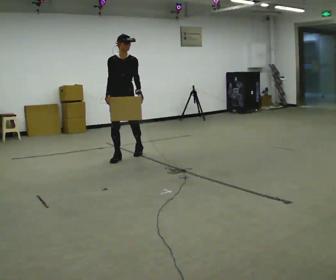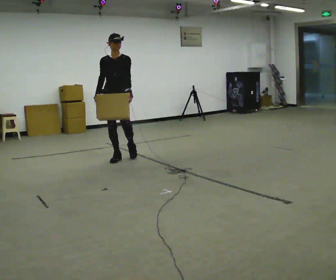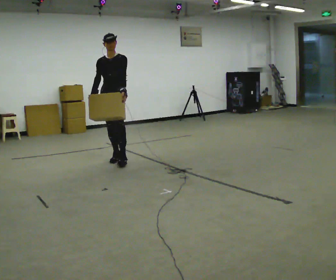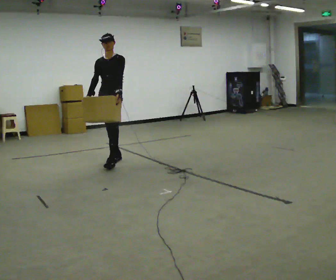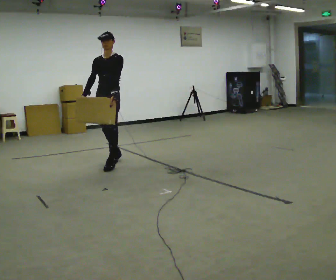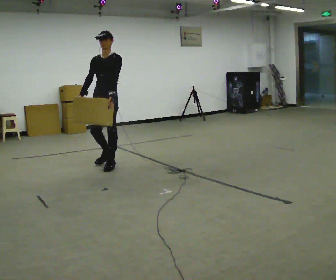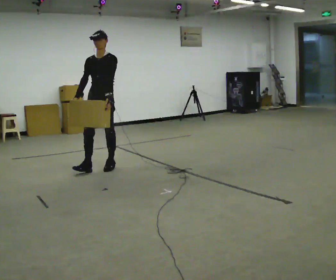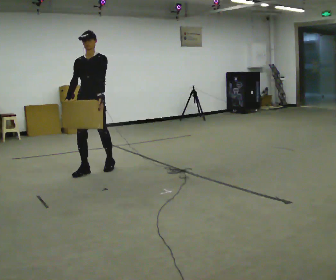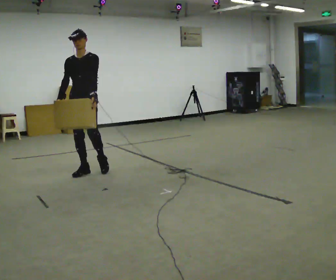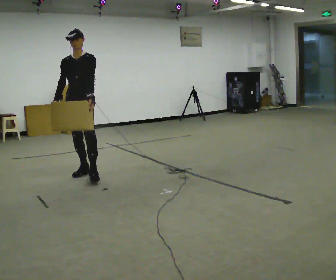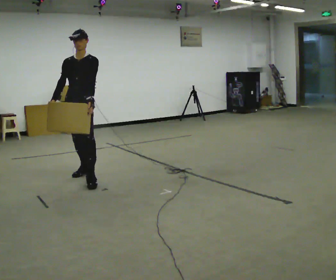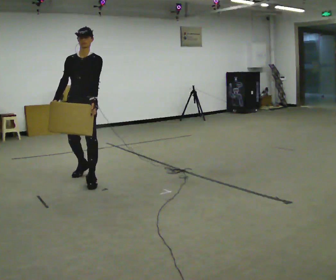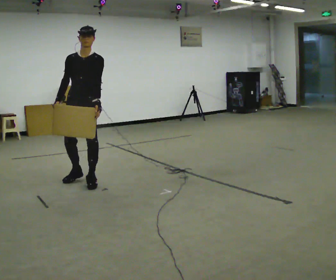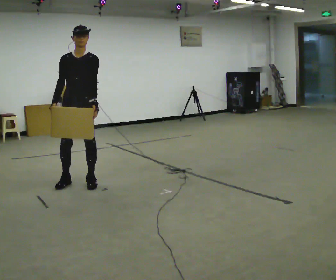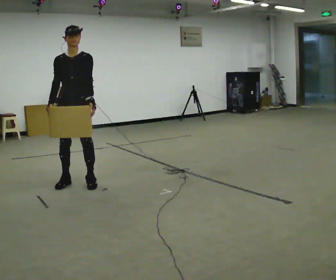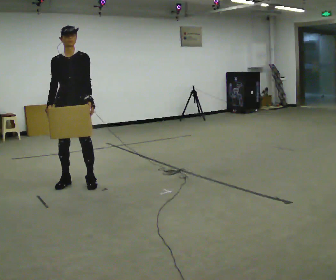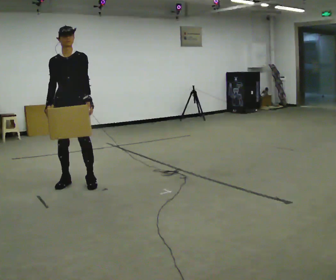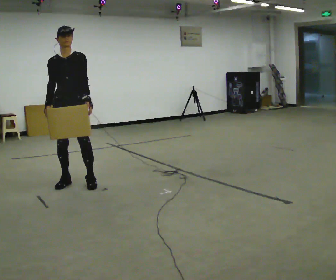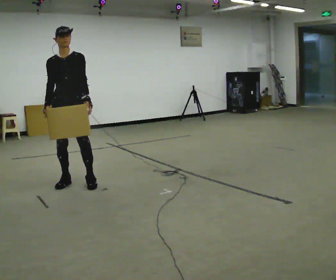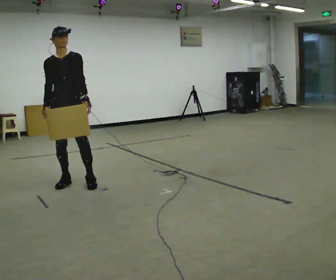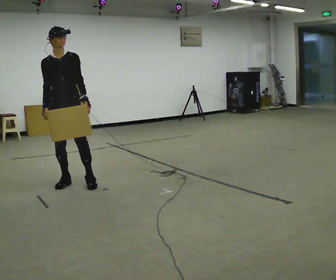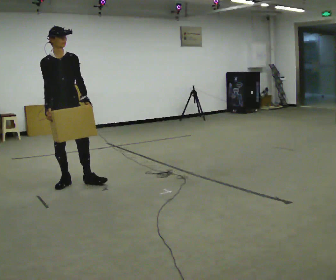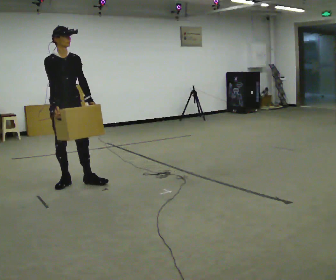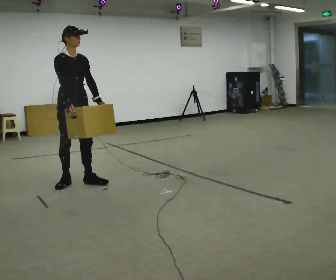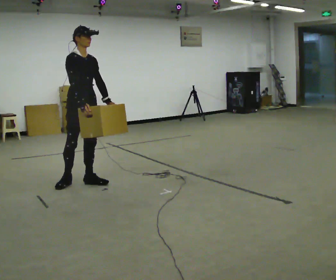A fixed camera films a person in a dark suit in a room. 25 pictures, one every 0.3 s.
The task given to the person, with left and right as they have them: Carry the heavy box in both hands in front of you, walking back and forth across the room. Keep walking until the operator says stop. Set it down if you need a rest.
0.0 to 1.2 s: The part of the body nearest the lens slides to the left as the person turns to their right by about 30 degrees. In the picture they go toward the camera and to the left, about 0.5 m in 1 step, which for them is forward.
1.2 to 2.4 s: In the picture they go to the left and toward the camera, about 0.5 m in 1 step, which for them is forward.
2.4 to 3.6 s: In the picture they go toward the camera, about 0.5 m in 1 step, which for them is forward.
3.6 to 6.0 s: In the picture they go to the left, about 0.25 m in 1 step, which for them is to their right.
6.0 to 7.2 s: Seen from above the body turns counterclockwise, about 30 degrees: to their left, with its near side sliding to the right. In the picture they go to the right, about 0.25 m, which for them is to their left. In the picture their right hand goes to the right.
The film runs forward here.
